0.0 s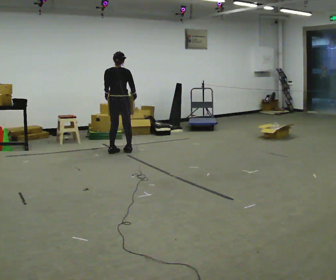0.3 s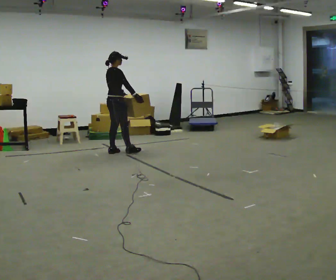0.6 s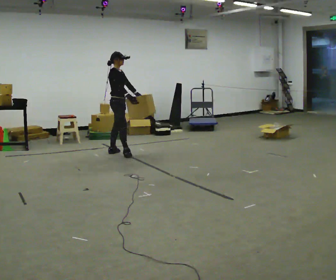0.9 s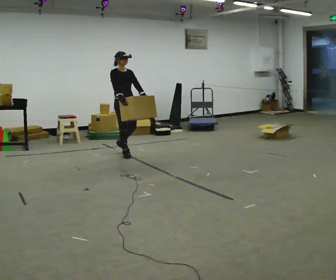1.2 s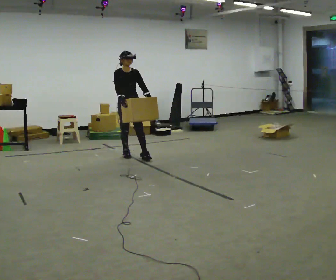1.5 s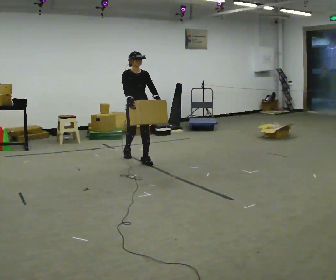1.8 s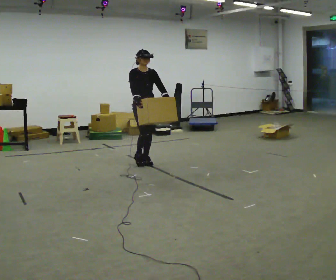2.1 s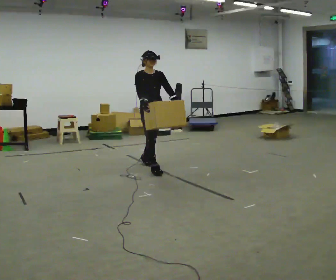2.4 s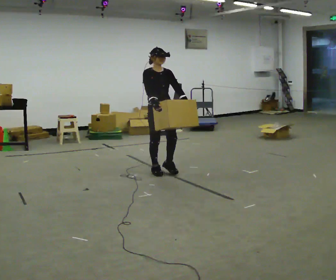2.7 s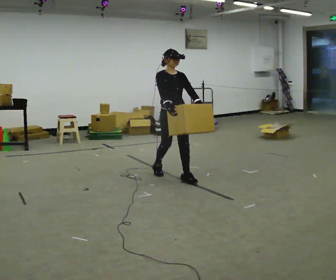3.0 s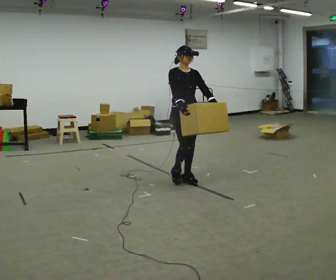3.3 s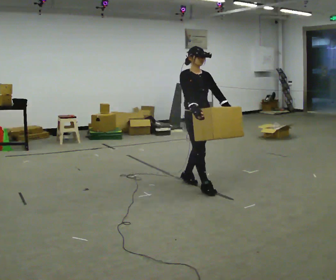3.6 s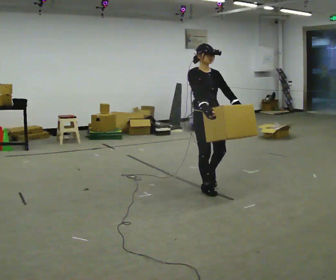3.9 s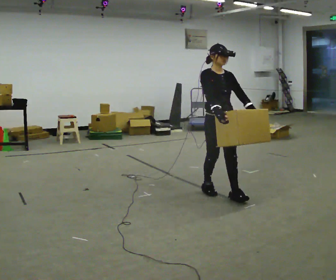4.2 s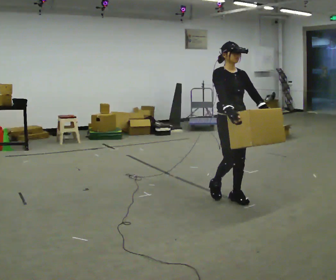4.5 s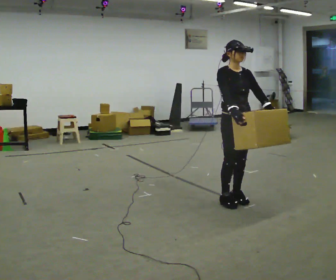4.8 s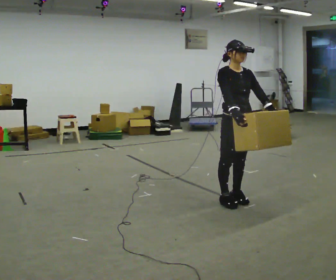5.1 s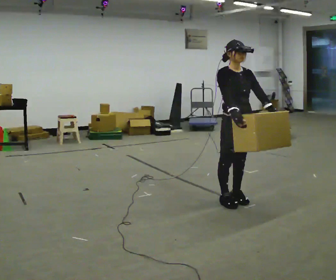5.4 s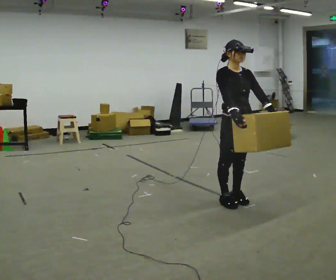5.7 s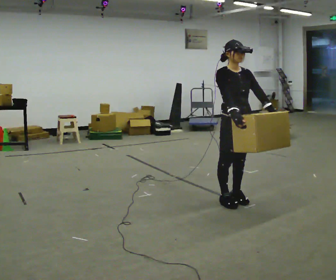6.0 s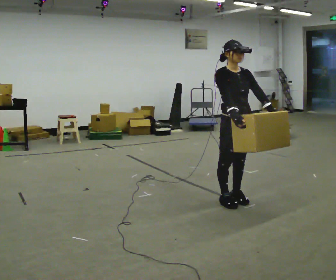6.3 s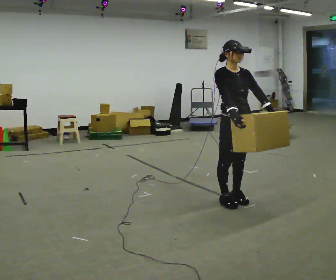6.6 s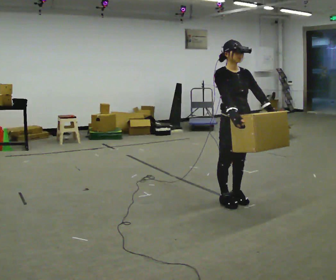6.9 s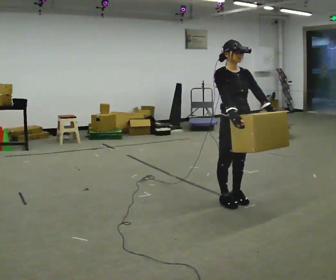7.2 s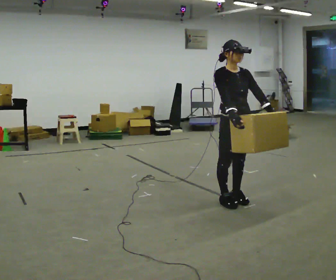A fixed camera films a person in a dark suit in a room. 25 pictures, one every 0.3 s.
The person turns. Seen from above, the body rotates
clockwise.
The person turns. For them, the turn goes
to their right.
0.0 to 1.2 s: The person turns about 150 degrees to their right, clockwise seen from above, so the part of the body nearest the lens slides to the left. In the picture they go toward the camera and to the right, about 0.25 m in 1 step.
1.2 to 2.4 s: In the picture they go toward the camera and to the right, about 1 m in 2 steps, which for them is forward.
2.4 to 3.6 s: In the picture they go to the right and toward the camera, about 1 m in 2 steps, which for them is forward.
3.6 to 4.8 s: In the picture they go toward the camera and to the right, about 0.5 m in 2 steps, which for them is forward.
4.8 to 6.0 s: The person moves a little, or ends about where they began.
6.0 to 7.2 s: The person keeps their place and pose.
The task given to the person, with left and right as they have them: Carry the heaviest box in both hands in front of you, walking back and forth across the room. Only carry what is comfortable. Set it down whenever you need to.
The film runs forward here.
